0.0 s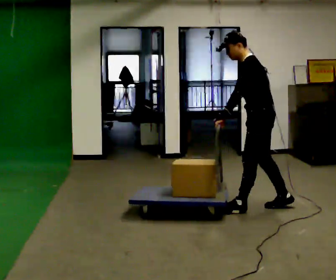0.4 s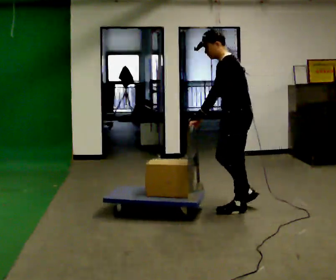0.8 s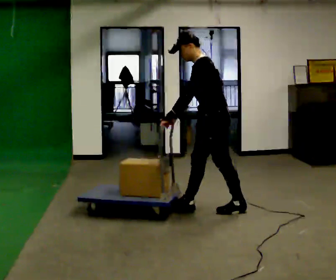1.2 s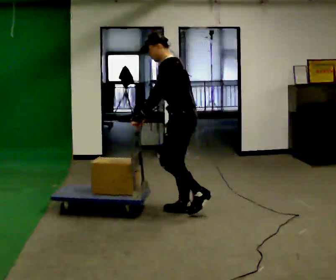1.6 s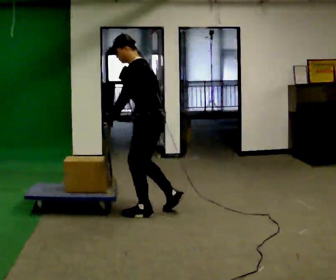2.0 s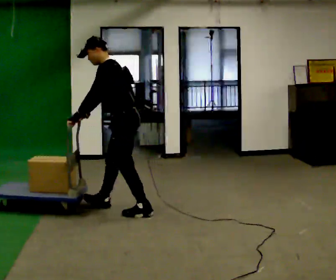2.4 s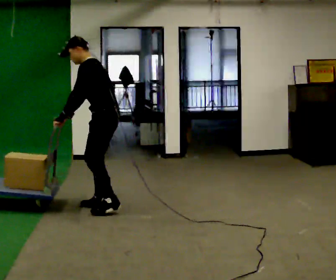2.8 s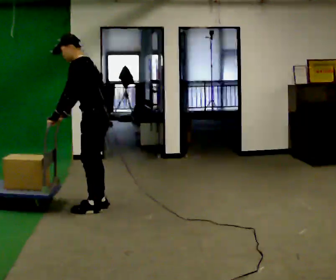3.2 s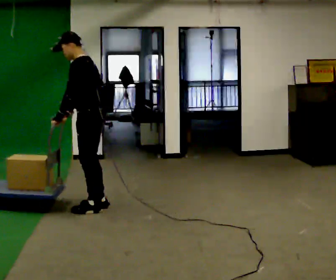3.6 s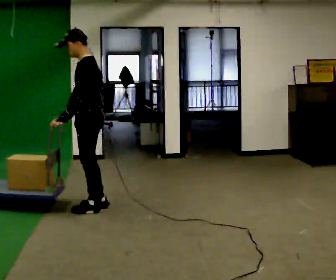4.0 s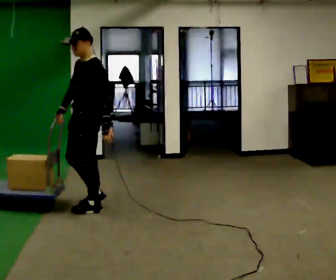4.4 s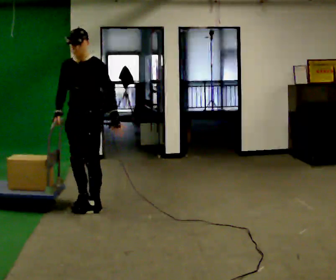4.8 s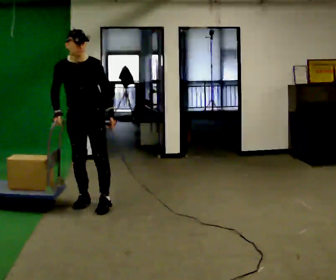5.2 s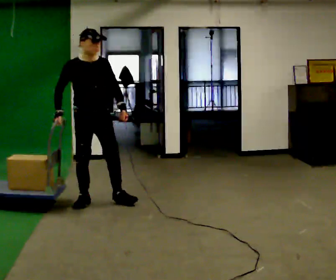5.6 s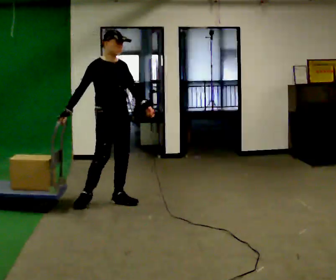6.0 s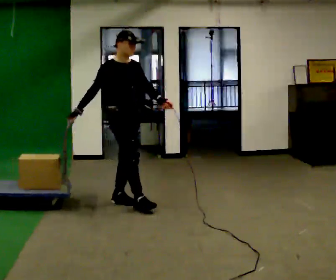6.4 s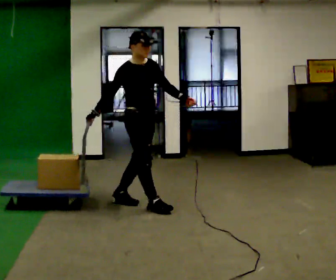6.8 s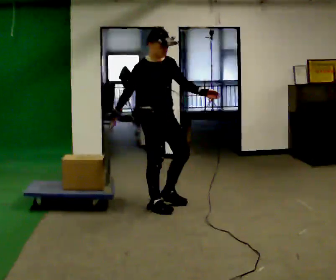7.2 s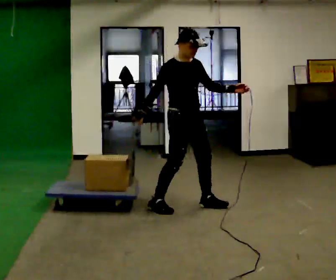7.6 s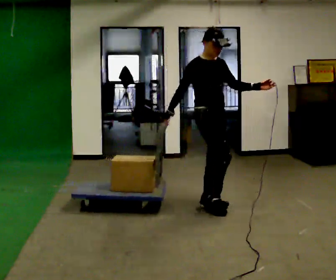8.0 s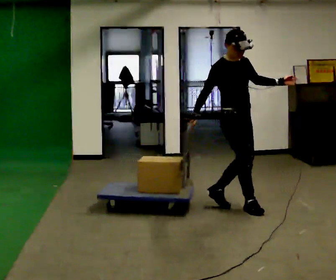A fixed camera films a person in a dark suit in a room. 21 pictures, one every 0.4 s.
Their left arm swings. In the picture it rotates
counterclockwise.
The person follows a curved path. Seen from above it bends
clockwise.
0.0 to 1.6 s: In the picture they go to the left, about 1 m in 2 steps, which for them is forward.
1.6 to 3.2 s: In the picture they go to the left, about 0.5 m in 2 steps, which for them is forward.
3.2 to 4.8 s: Seen from above the body turns counterclockwise, about 90 degrees: to their left, with its near side sliding to the right. In the picture they go away from the camera, about 0.25 m in 1 step. In the picture their left hand goes to the right, the arm swinging counterclockwise.
4.8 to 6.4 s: The person turns about 60 degrees to their left, counterclockwise seen from above, so the part of the body nearest the lens slides to the right. In the picture they go to the right, about 0.5 m in 2 steps.
6.4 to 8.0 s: In the picture they go to the right, about 1 m in 2 steps, which for them is forward and to their left.
The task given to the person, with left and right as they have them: Push the cart across the room and back. The operator will change how much is loaded on it between takes and will tell you each time.
The film runs forward here.
